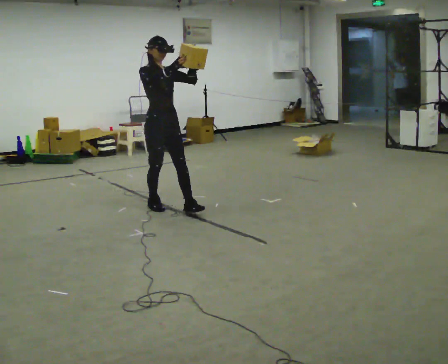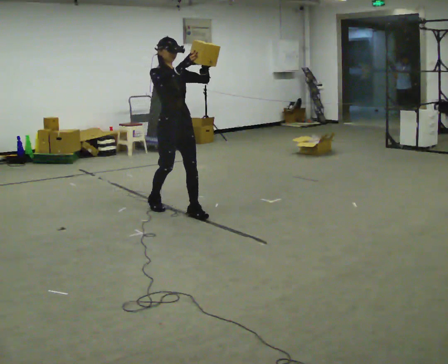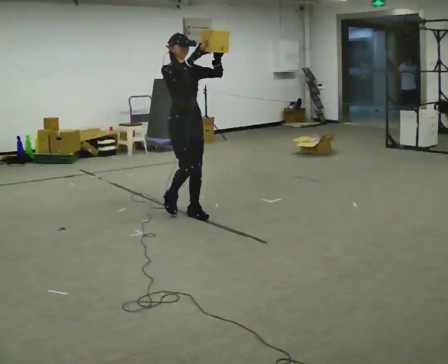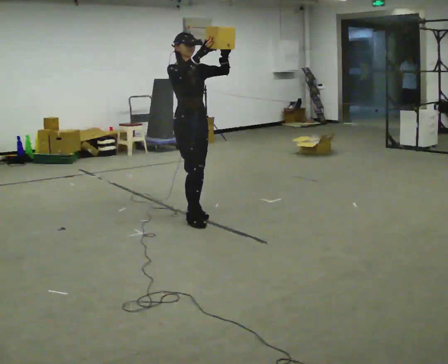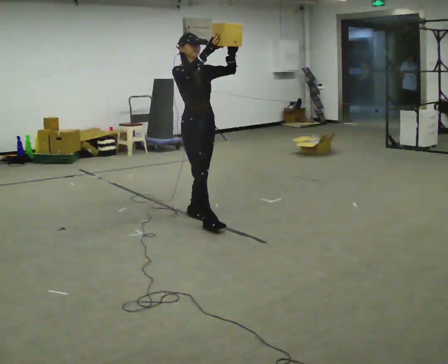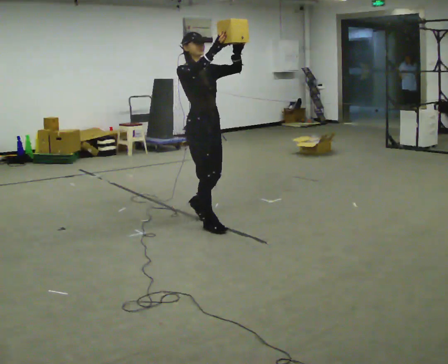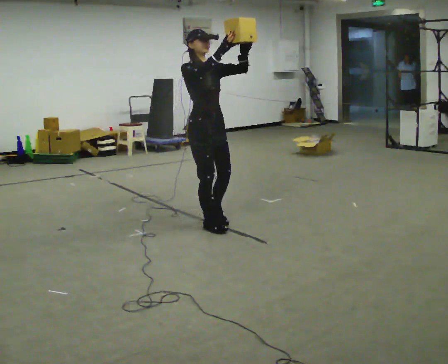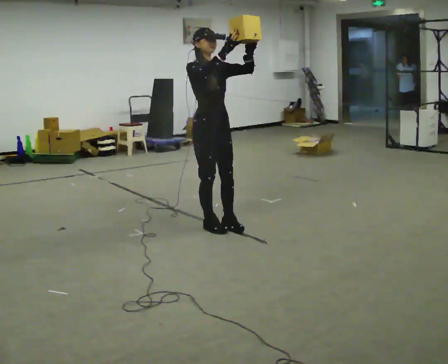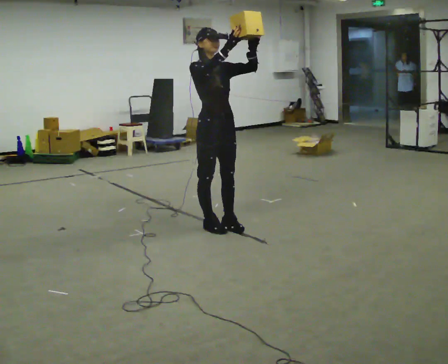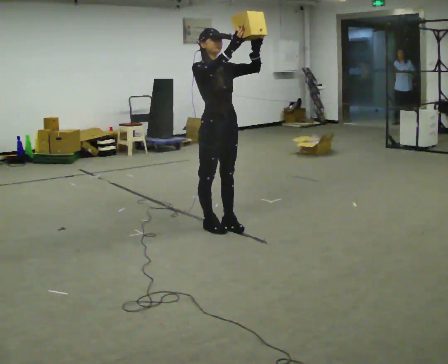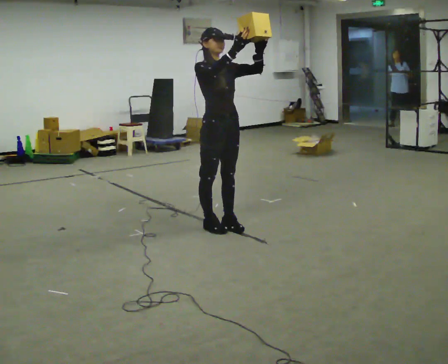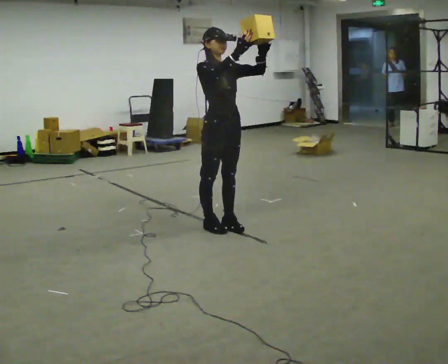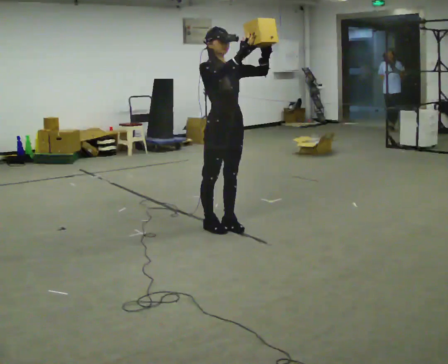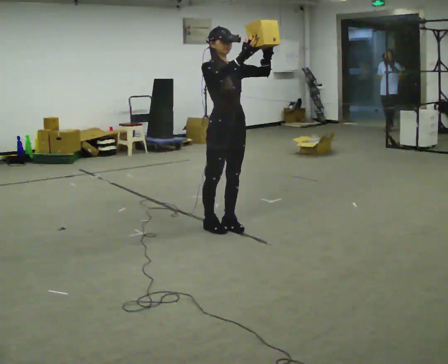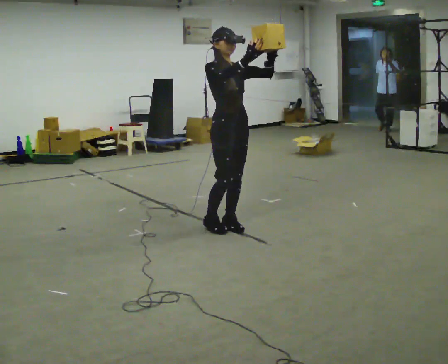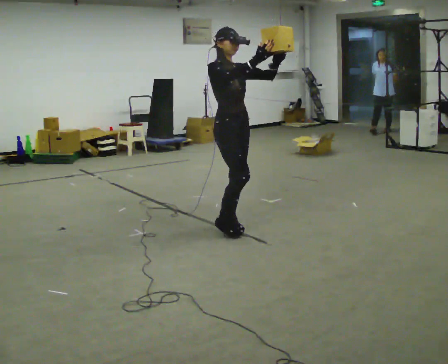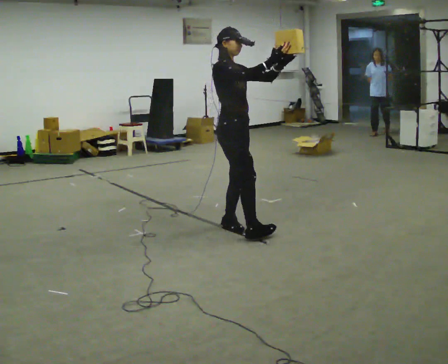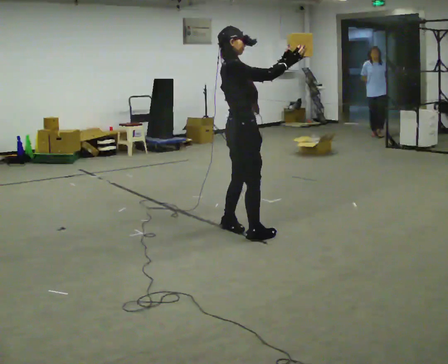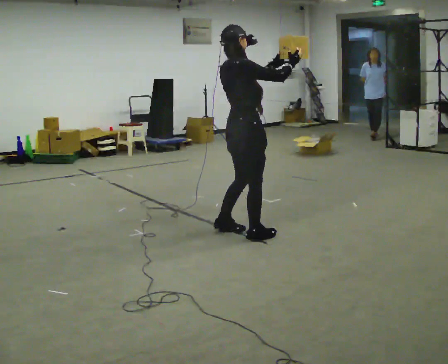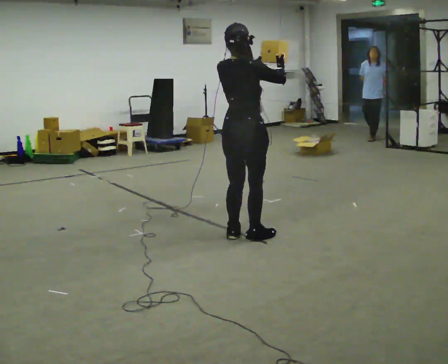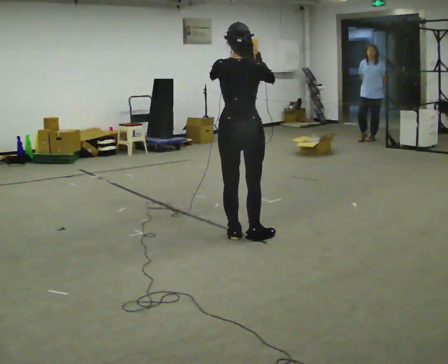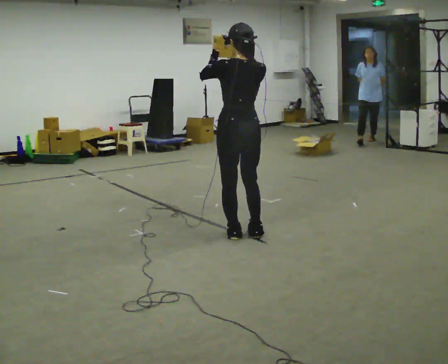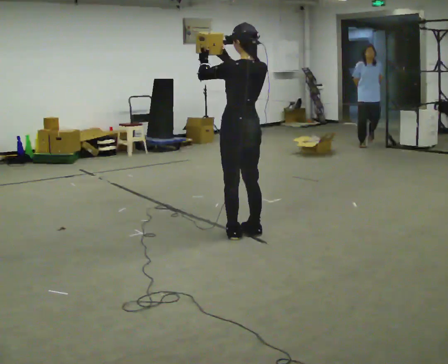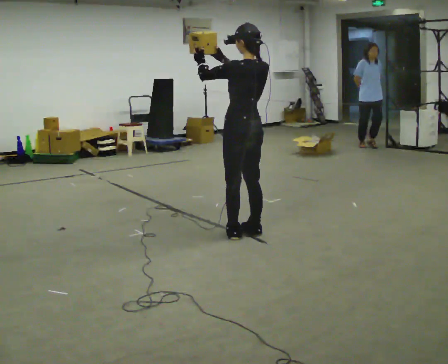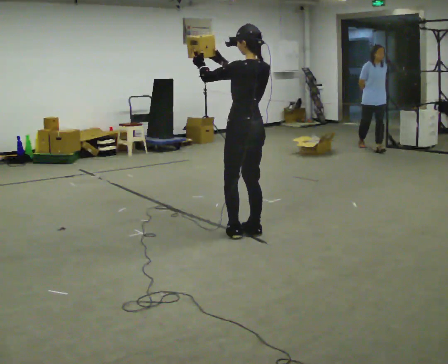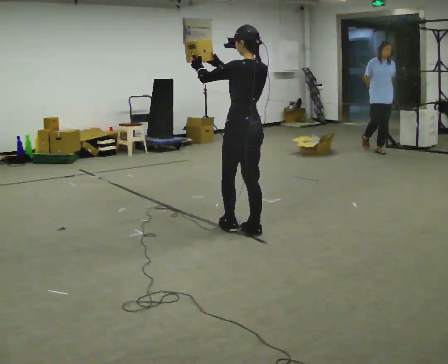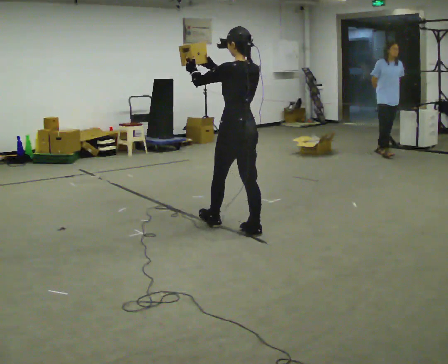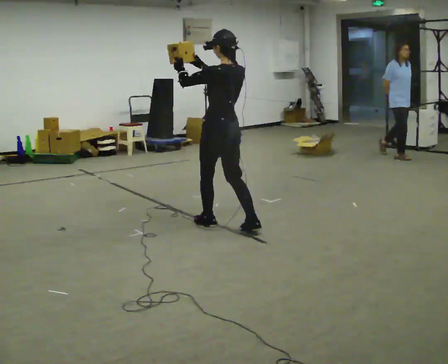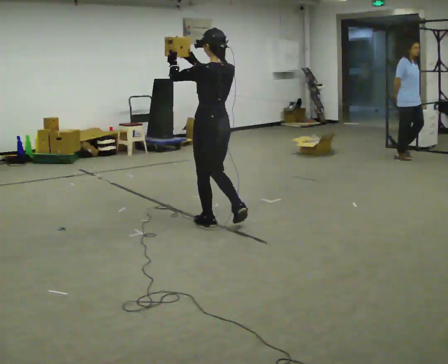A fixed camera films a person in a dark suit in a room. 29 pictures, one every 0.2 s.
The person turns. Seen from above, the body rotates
counterclockwise.
The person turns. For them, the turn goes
to their left.
0.0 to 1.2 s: In the picture they go to the right and toward the camera, about 0.75 m in 2 steps, which for them is forward.
1.2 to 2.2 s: The person moves a little, or ends about where they began.
2.2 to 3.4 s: The part of the body nearest the lens slides to the right as the person turns to their left by about 60 degrees. In the picture they go to the right, about 0.25 m in 1 step, which for them is forward.
3.4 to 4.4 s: The part of the body nearest the lens slides to the right as the person turns to their left by about 120 degrees. In the picture the upper body tilts clockwise, shoulders to the right. In the picture their right hand goes to the left.
4.4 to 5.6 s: In the picture they go to the left and away from the camera, about 0.25 m in 1 step, which for them is forward.
The film runs forward here.
